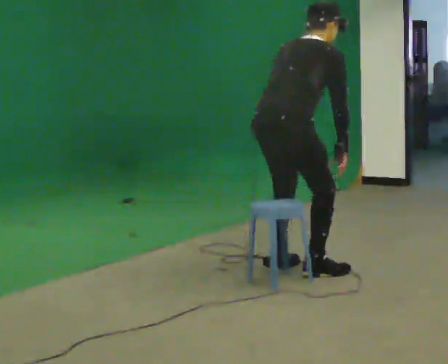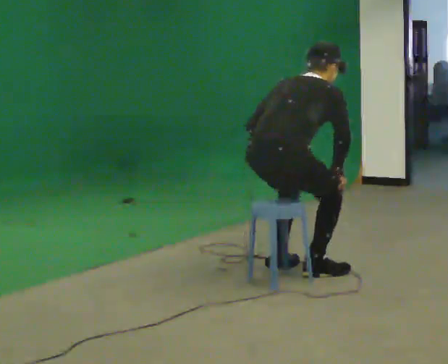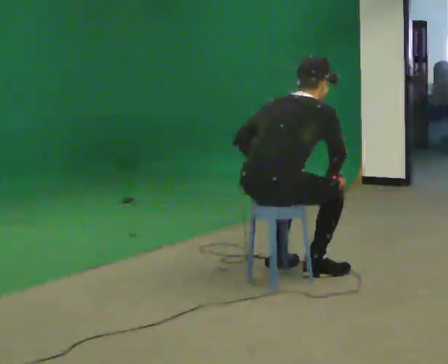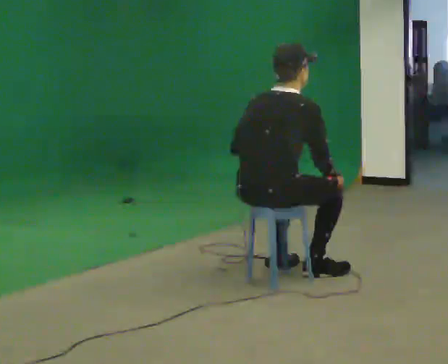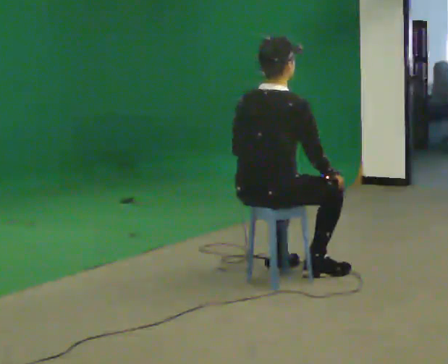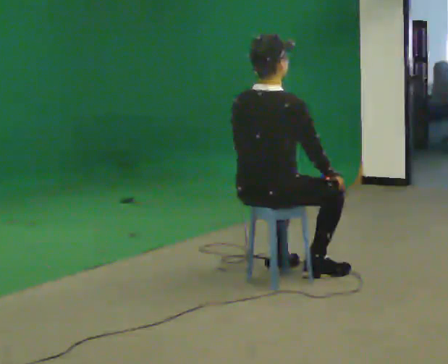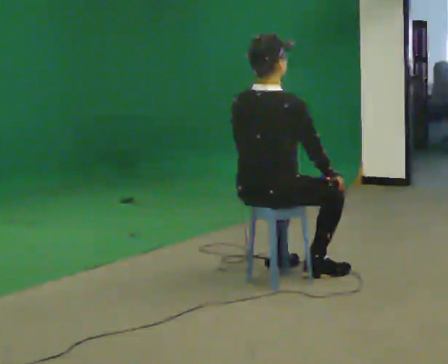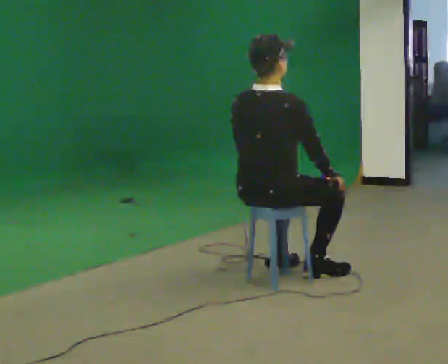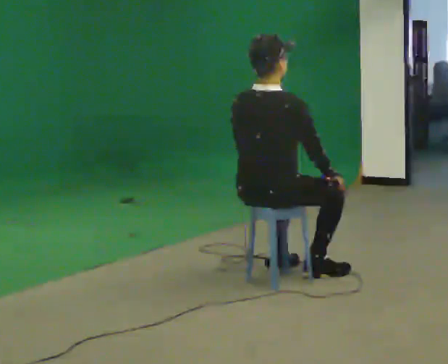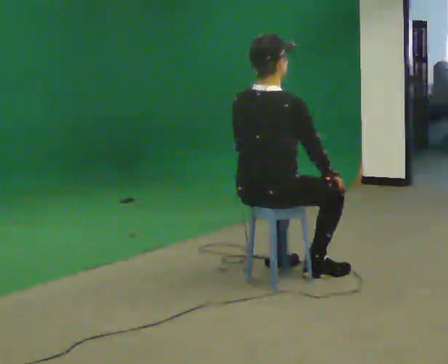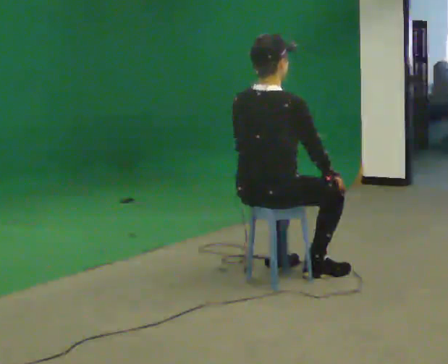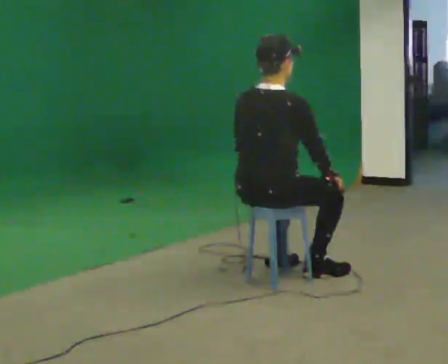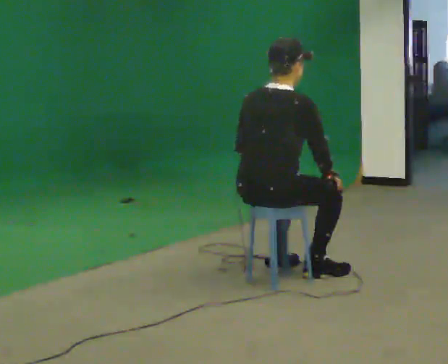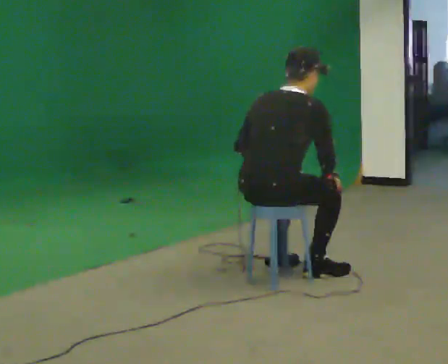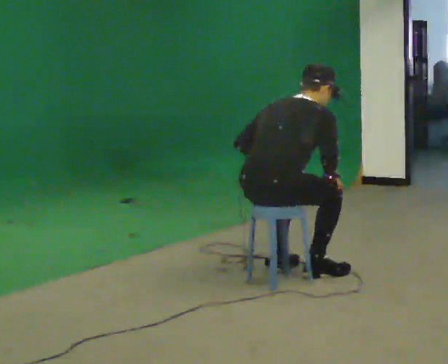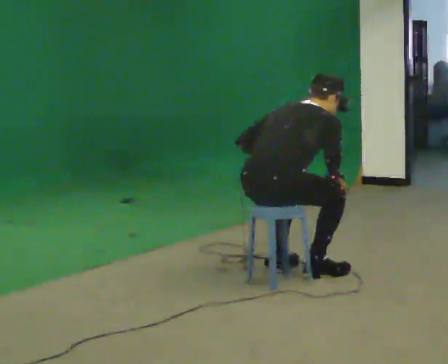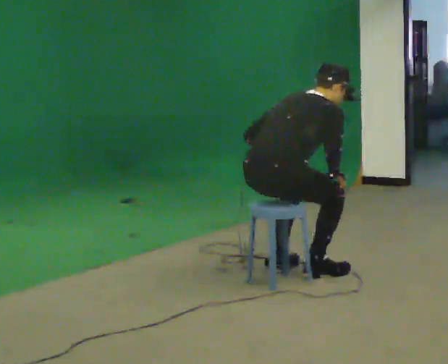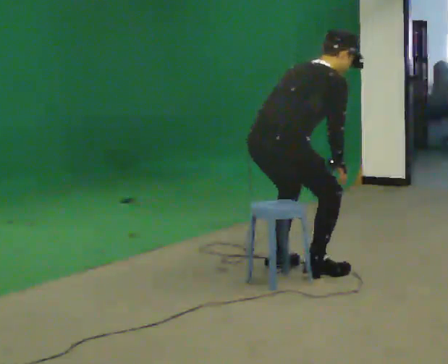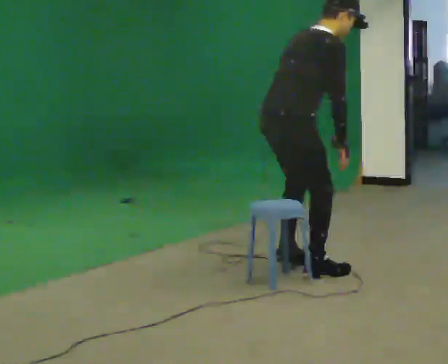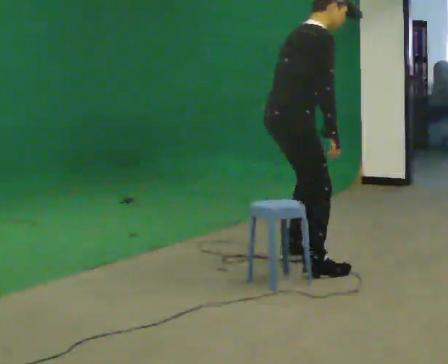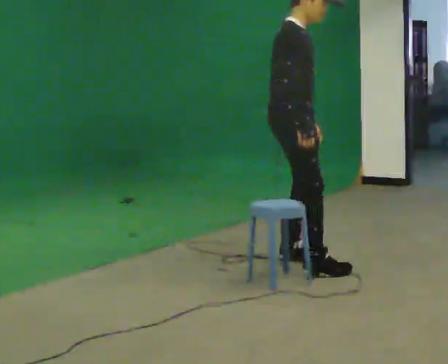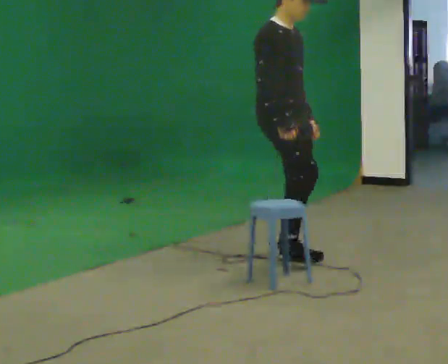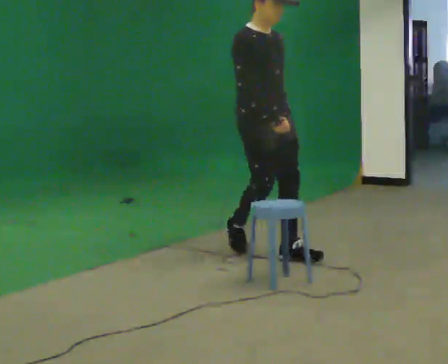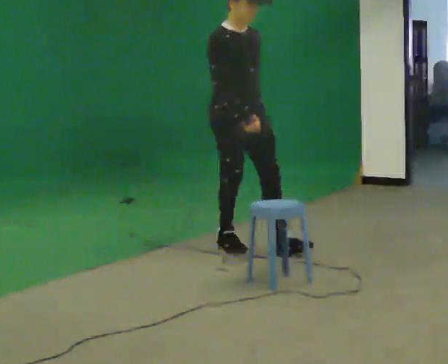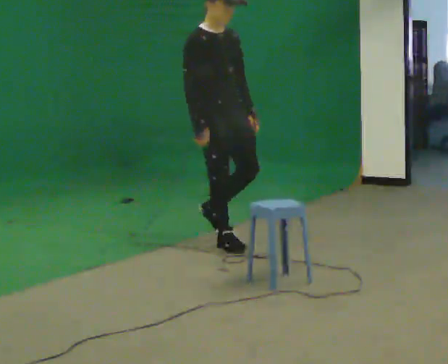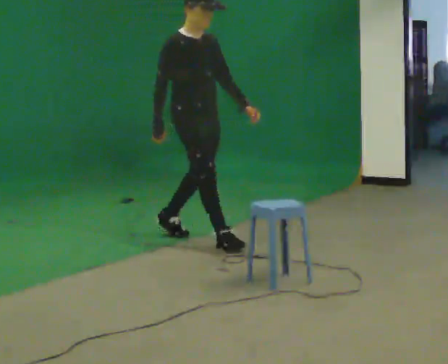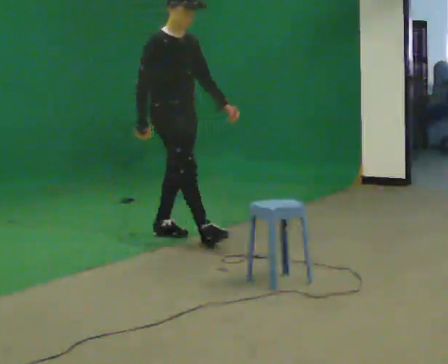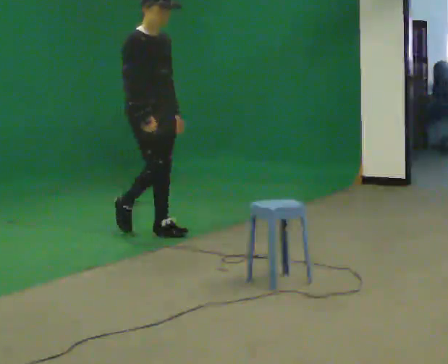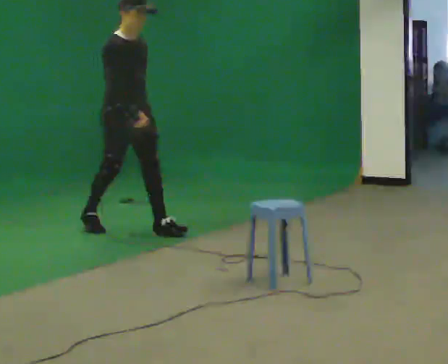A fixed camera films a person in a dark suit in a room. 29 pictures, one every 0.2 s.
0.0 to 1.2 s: In the picture they go toward the camera, about 0.25 m, which for them is backward.
1.2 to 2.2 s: The person keeps their place and pose.
2.2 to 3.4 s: In the picture the upper body tilts clockwise, shoulders to the right, as they bend forward.
3.4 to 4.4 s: The part of the body nearest the lens slides to the left as the person turns to their right by about 90 degrees. In the picture they go away from the camera, about 0.5 m in 2 steps. The shoulders move upward. In the picture the upper body tilts counterclockwise, shoulders to the left, as they lean back or straighten.
4.4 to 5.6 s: In the picture they go to the left and away from the camera, about 1 m in 2 steps, which for them is backward.
The film runs backward here.
